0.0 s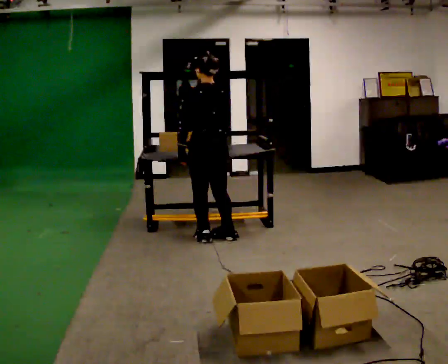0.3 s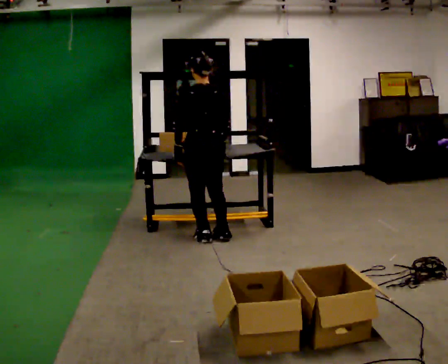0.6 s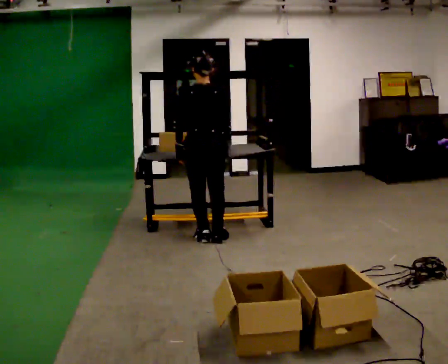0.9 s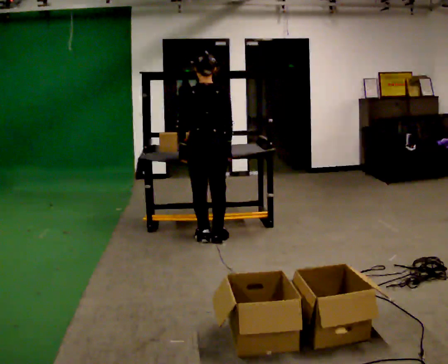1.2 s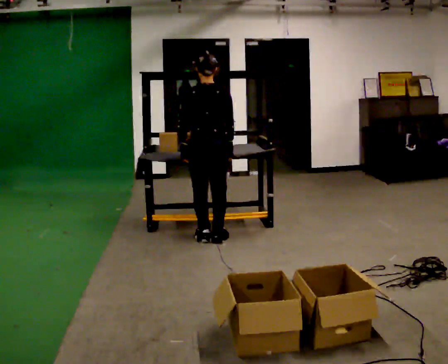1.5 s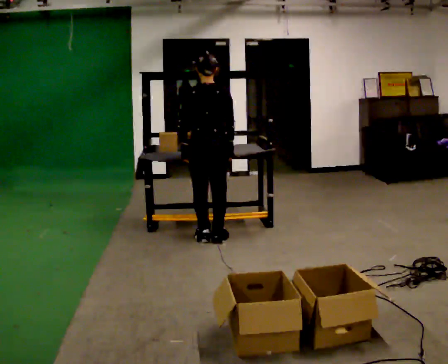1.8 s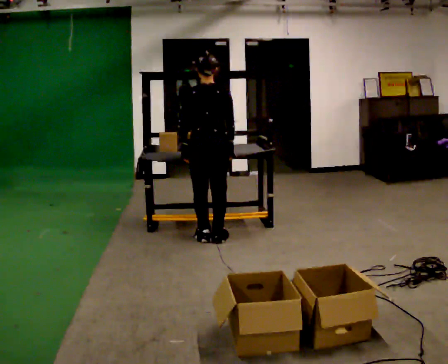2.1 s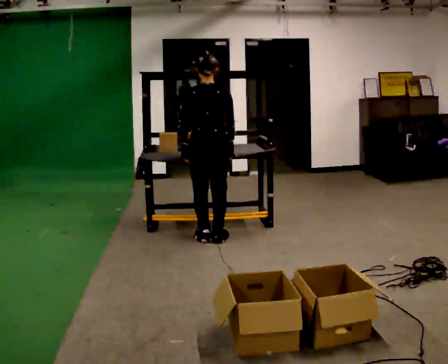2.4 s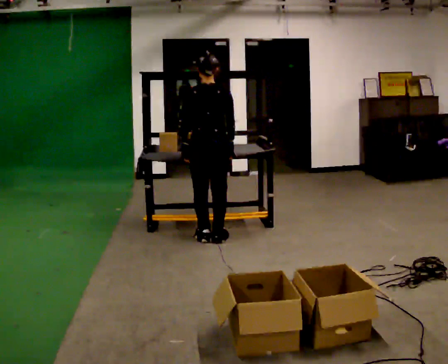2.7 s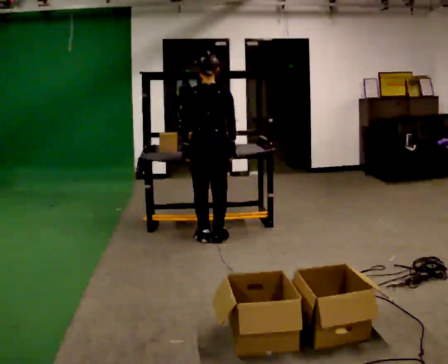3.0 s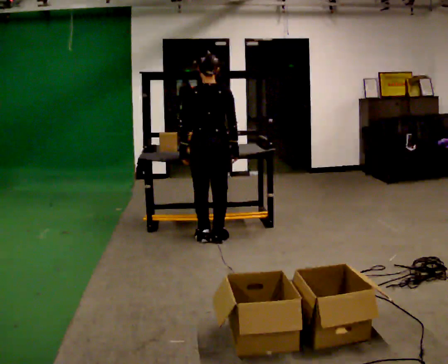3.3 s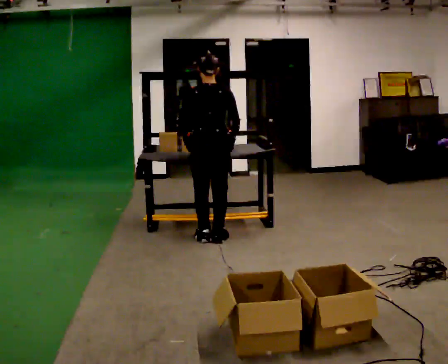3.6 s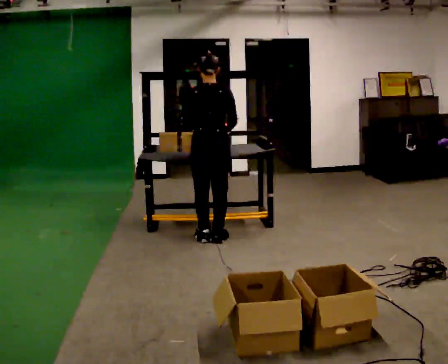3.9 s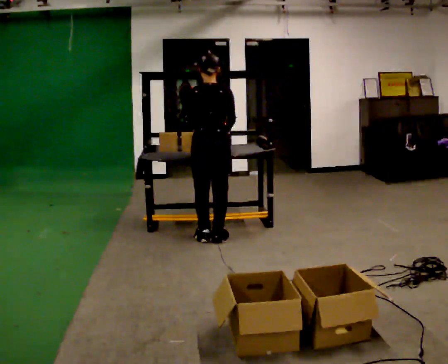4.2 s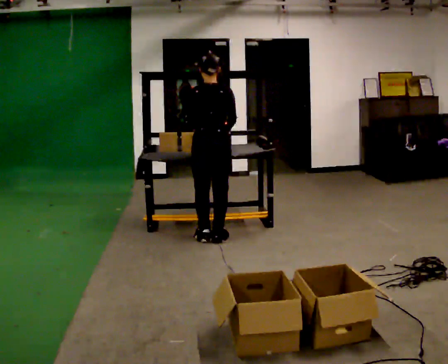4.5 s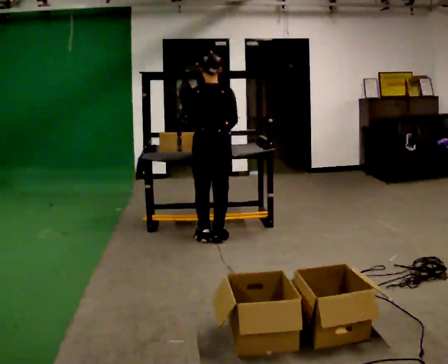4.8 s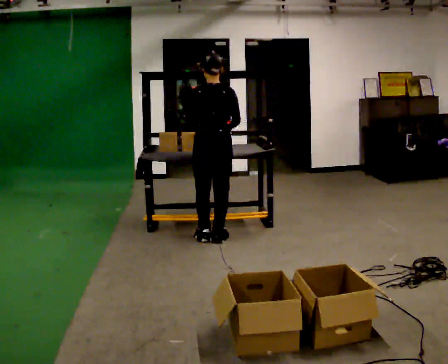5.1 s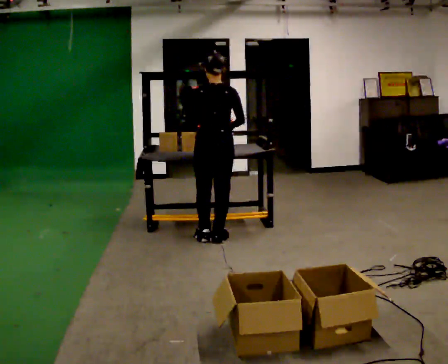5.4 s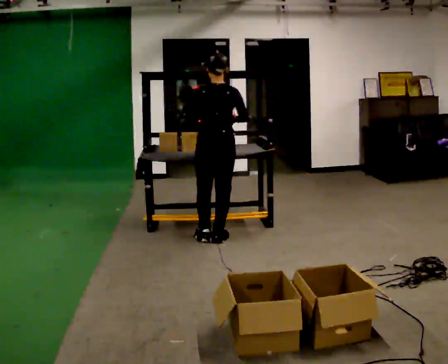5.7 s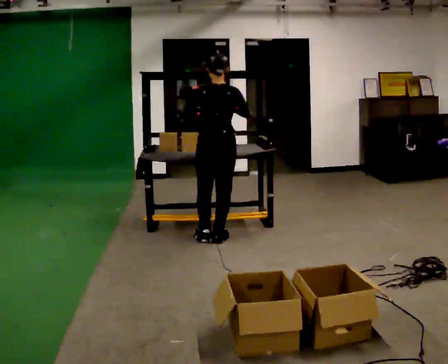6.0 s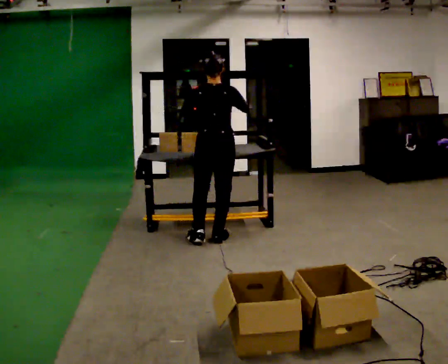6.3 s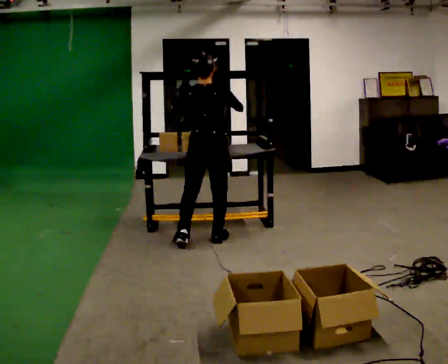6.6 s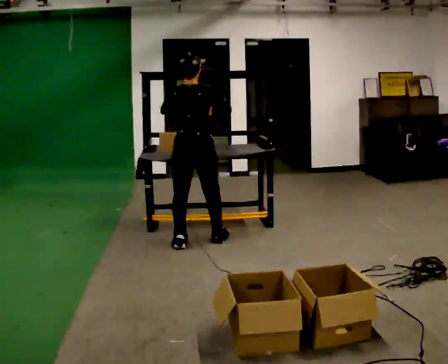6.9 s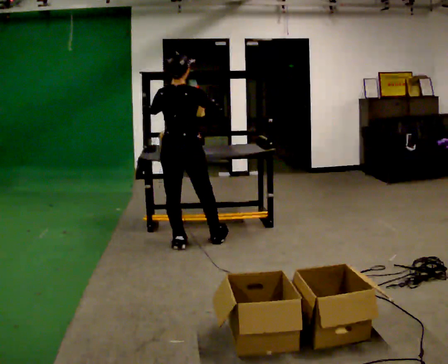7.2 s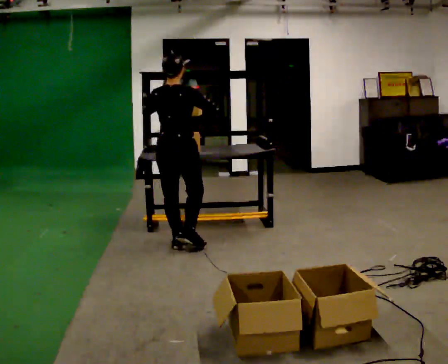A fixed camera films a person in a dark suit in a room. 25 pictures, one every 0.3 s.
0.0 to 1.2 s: Seen from above the body turns clockwise, about 30 degrees: to their right, with its near side sliding to the left.
1.2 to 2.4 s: The person keeps their place and pose.
2.4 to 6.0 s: In the picture their left hand goes upward.
6.0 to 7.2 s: In the picture they go to the left and toward the camera, about 0.25 m in 1 step, which for them is to their left and backward.
The film runs backward here.
